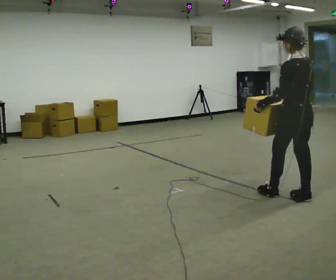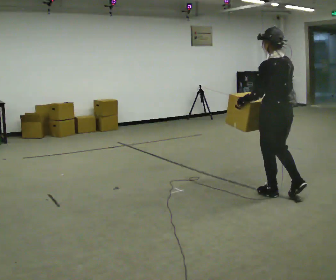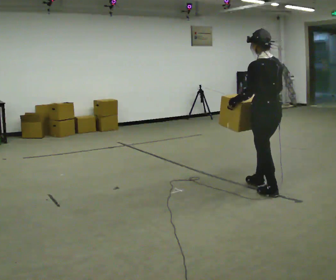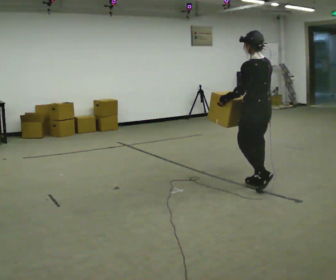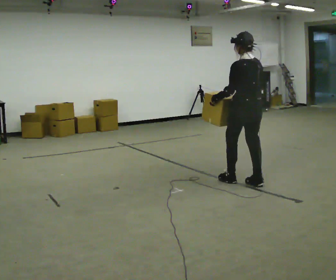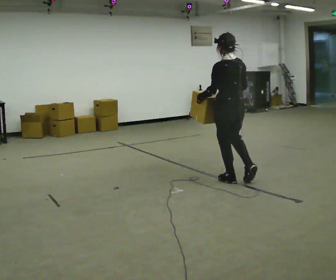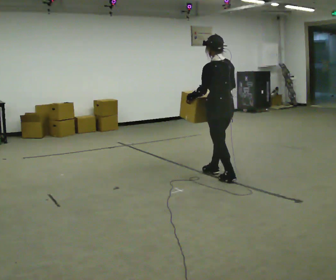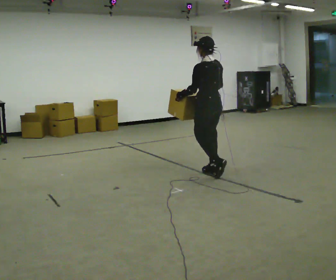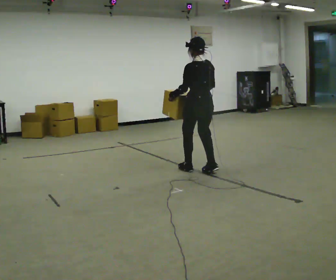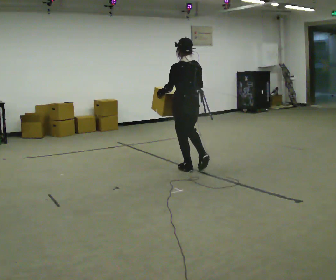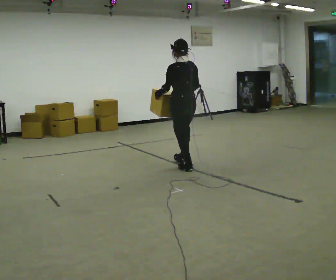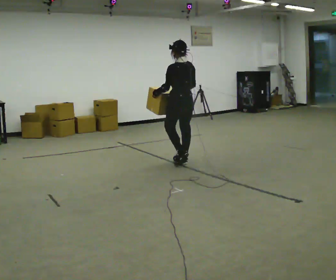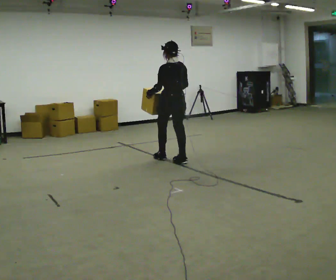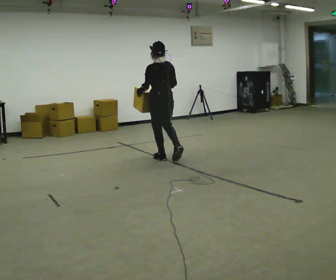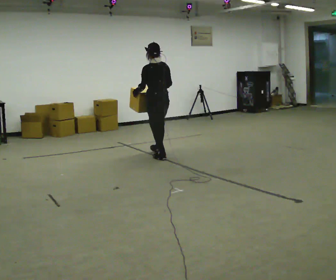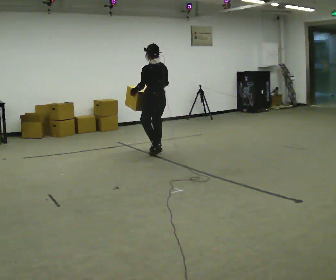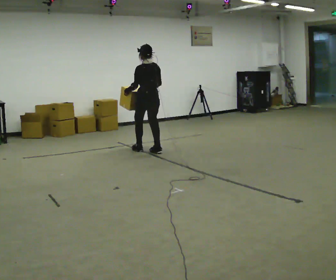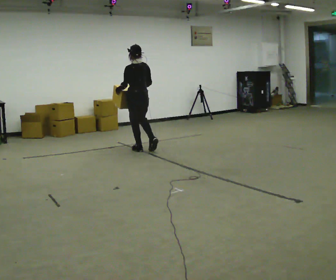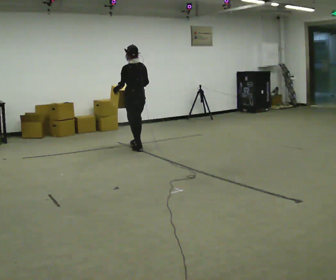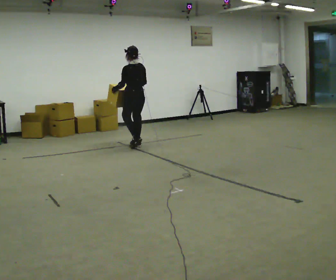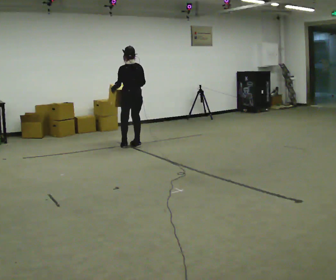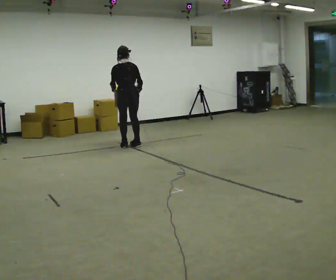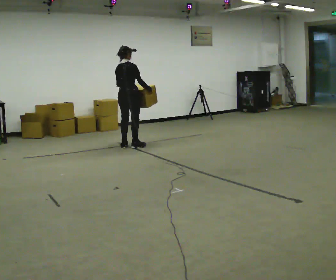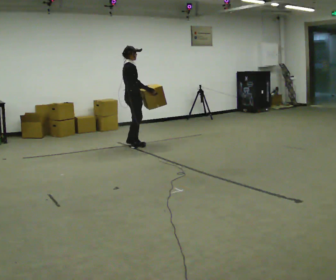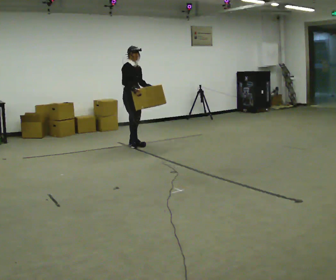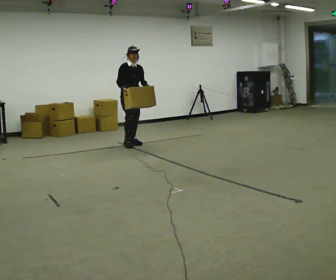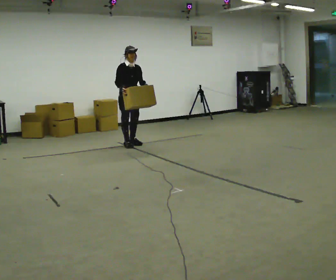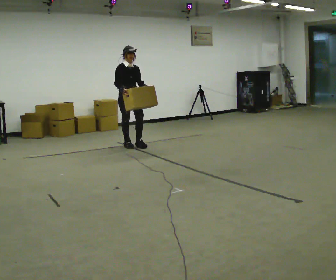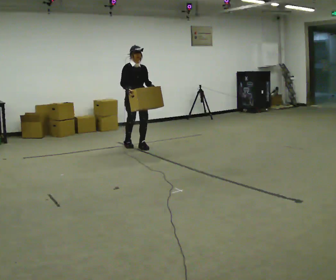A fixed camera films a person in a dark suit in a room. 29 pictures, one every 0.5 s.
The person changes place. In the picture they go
away from the camera.
0.0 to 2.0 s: In the picture they go away from the camera and to the left, about 0.75 m in 2 steps, which for them is forward.
2.0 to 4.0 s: In the picture they go away from the camera and to the left, about 1 m in 2 steps, which for them is forward.
4.0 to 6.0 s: In the picture they go away from the camera and to the left, about 0.5 m in 2 steps, which for them is forward.
6.0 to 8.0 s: In the picture they go away from the camera and to the left, about 0.5 m in 2 steps, which for them is forward.
8.0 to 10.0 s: In the picture they go away from the camera and to the left, about 0.5 m in 2 steps, which for them is forward.
10.0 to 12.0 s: The part of the body nearest the lens slides to the left as the person turns to their right by about 150 degrees.
12.0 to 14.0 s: The part of the body nearest the lens slides to the left as the person turns to their right by about 30 degrees. In the picture they go toward the camera, about 0.25 m in 2 steps, which for them is forward.
The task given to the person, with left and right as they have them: Carry the box across the room much more slowly and carefully than normal, back and forth.
The film runs forward here.
